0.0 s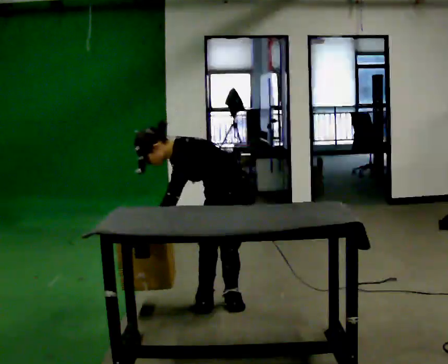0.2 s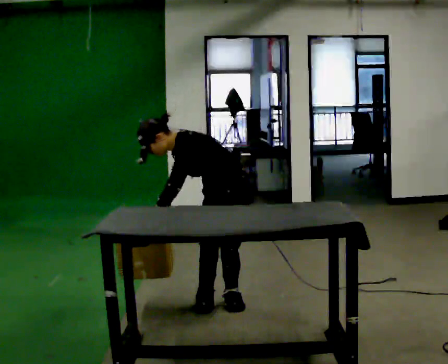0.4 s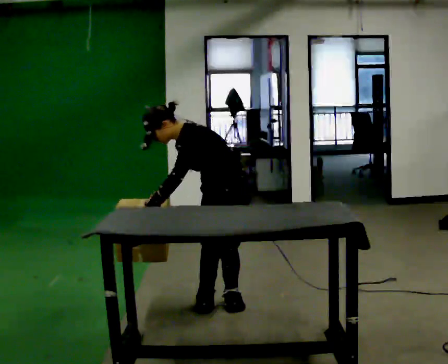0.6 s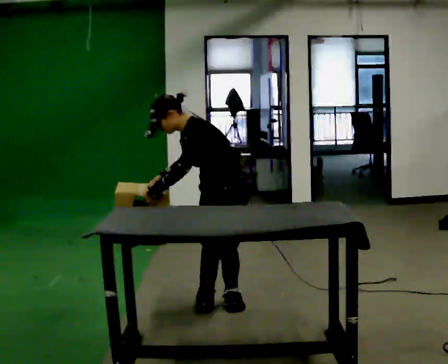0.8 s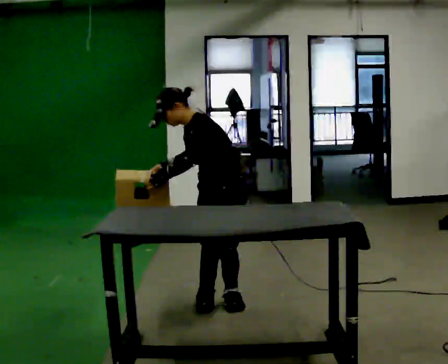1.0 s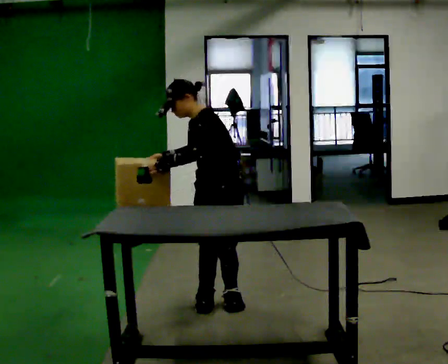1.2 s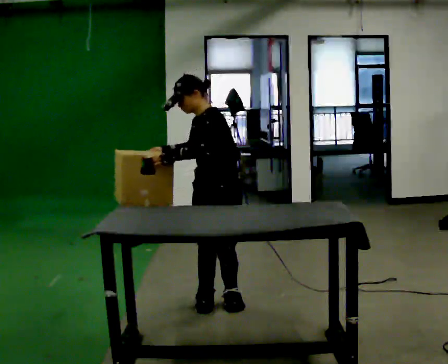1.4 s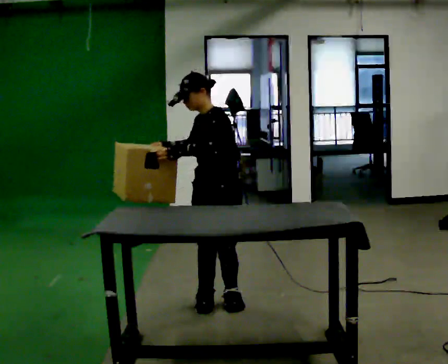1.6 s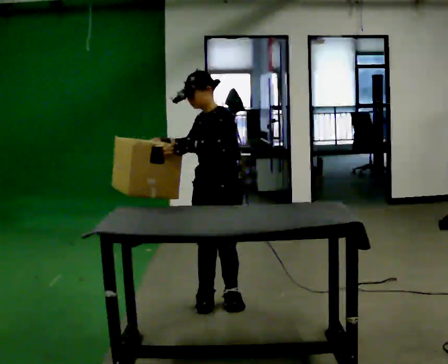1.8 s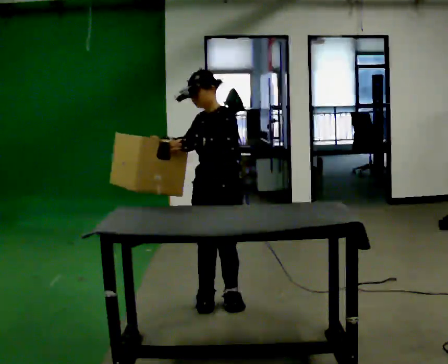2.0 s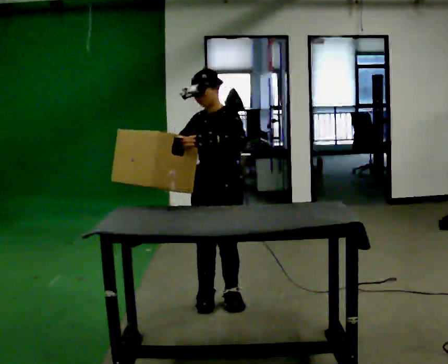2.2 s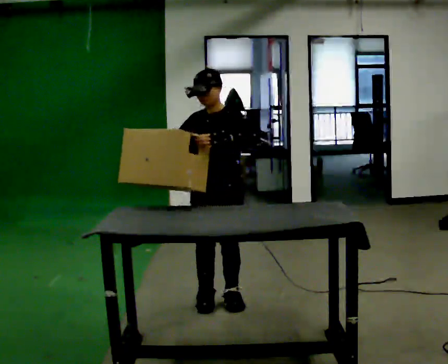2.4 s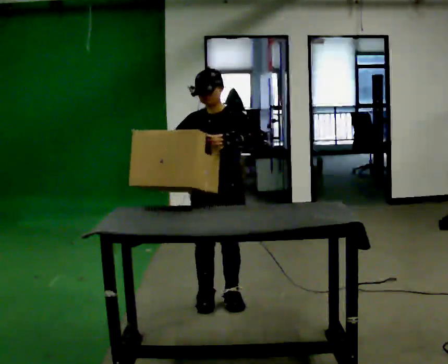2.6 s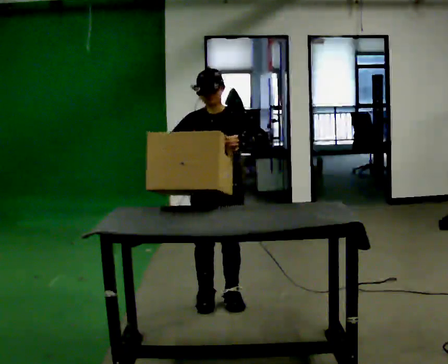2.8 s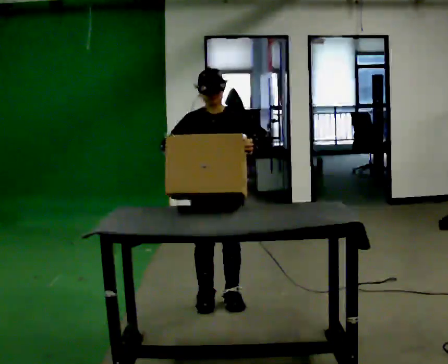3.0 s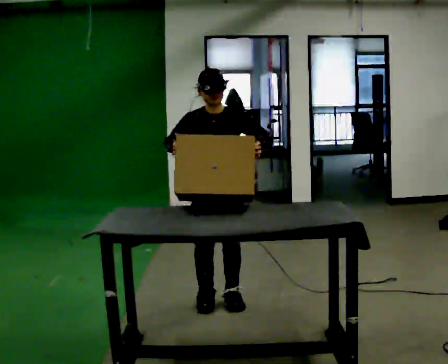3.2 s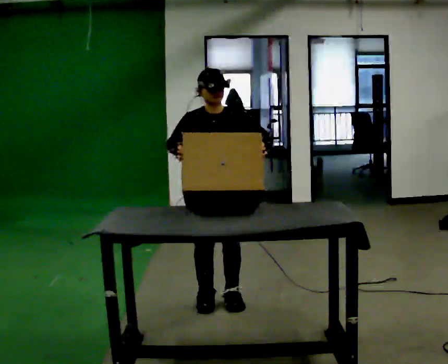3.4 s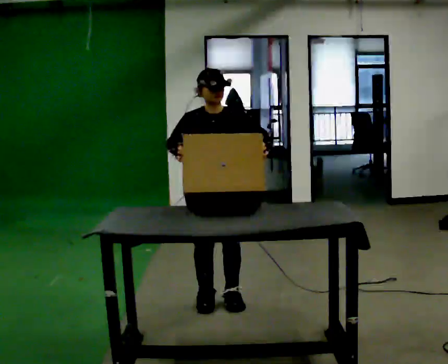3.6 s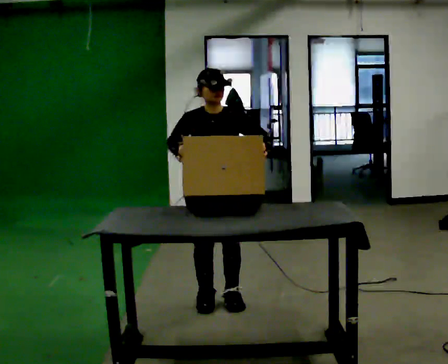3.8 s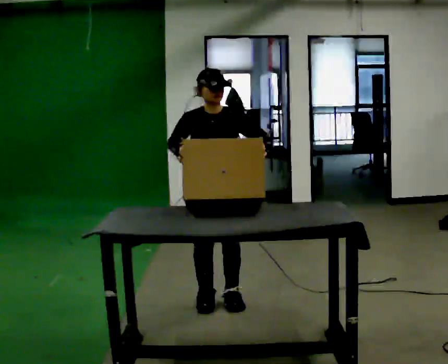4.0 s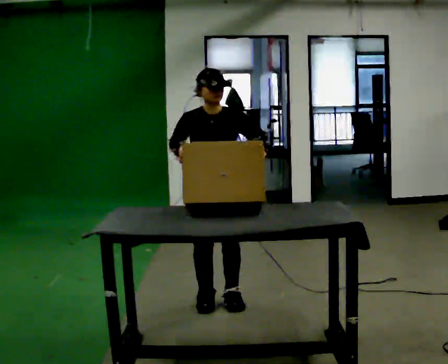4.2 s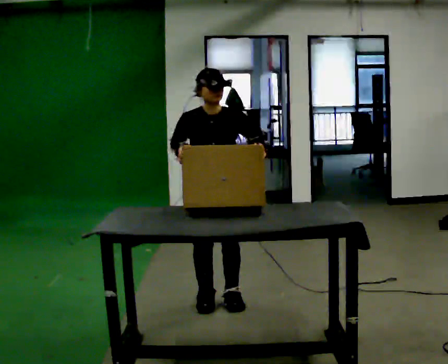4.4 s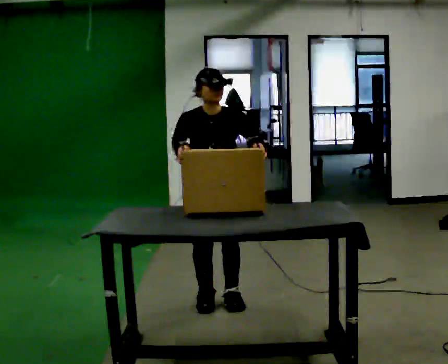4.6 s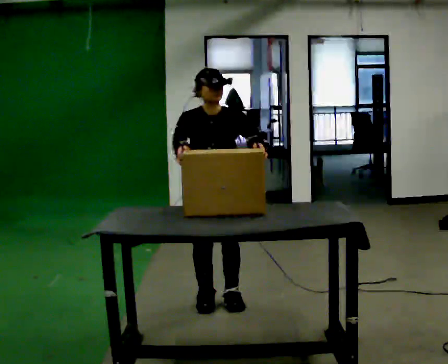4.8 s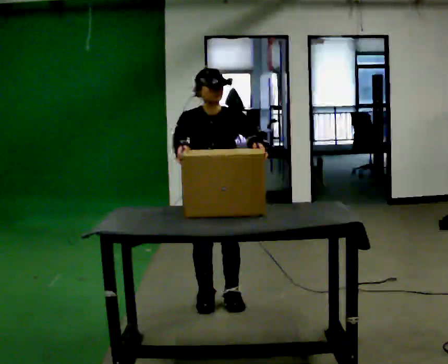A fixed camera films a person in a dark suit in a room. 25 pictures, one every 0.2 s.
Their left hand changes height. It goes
upward.
The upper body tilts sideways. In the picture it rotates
clockwise.
0.0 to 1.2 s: The upper body goes upward. In the picture the upper body tilts clockwise, shoulders to the right, as they lean back or straighten. In the picture their right hand goes upward.
1.2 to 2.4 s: The part of the body nearest the lens slides to the right as the person turns to their left by about 30 degrees.
2.4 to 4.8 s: The person turns about 30 degrees to their left, counterclockwise seen from above, so the part of the body nearest the lens slides to the right.
The film runs backward here.
